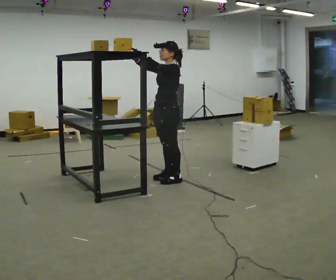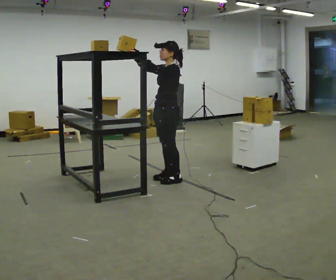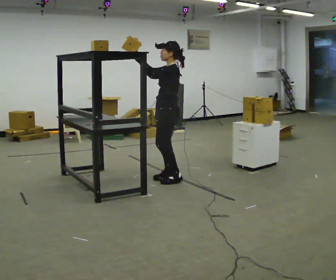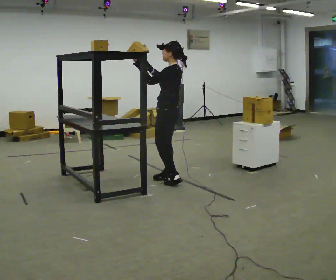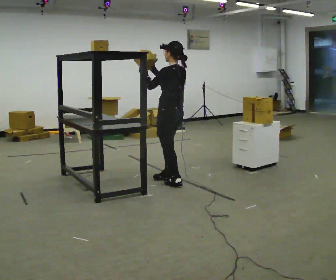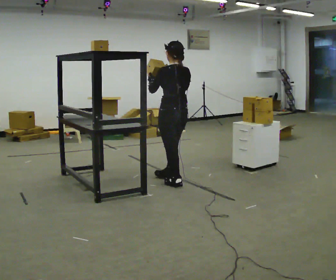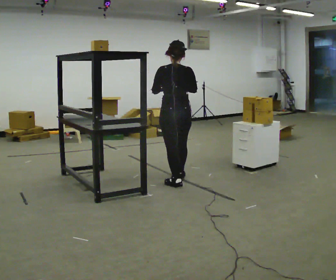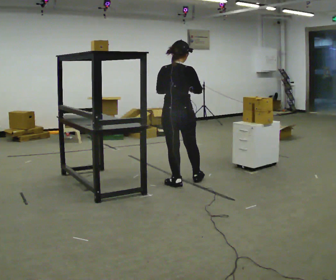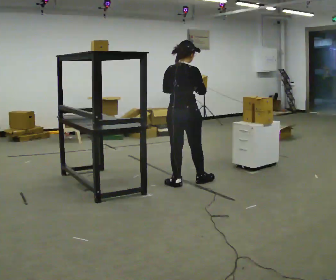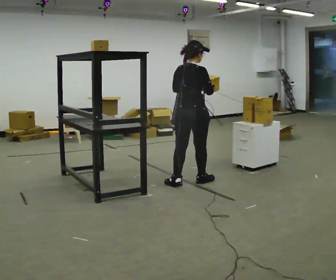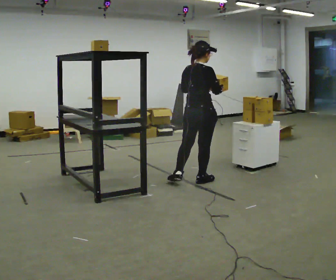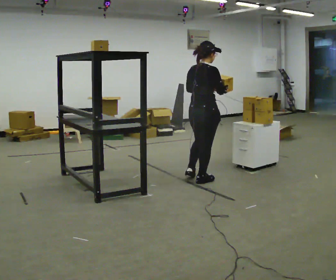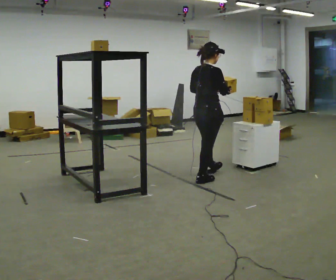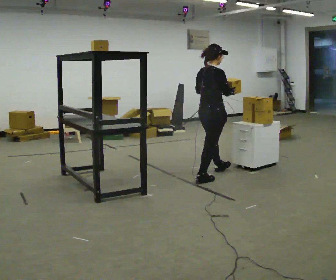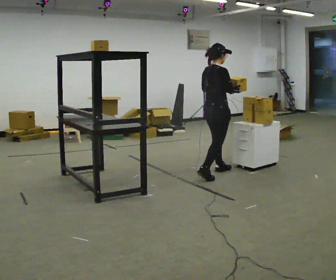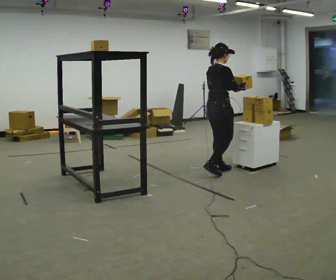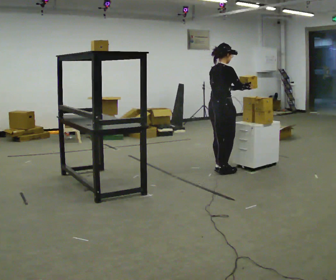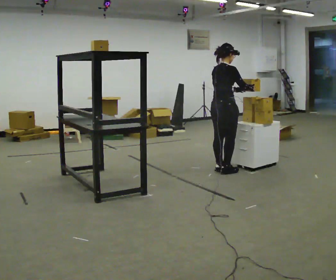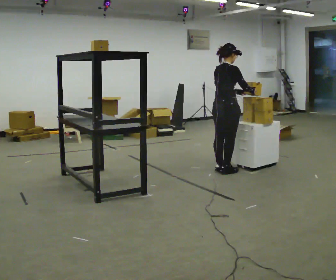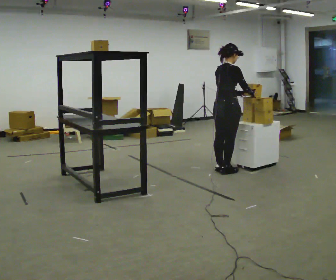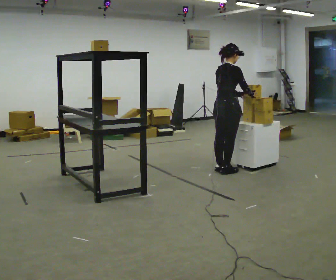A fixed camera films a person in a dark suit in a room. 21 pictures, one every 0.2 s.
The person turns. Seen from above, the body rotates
clockwise.
Their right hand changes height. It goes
downward.
0.0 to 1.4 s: The part of the body nearest the lens slides to the left as the person turns to their right by about 120 degrees. In the picture they go toward the camera, about 0.25 m in 1 step. In the picture their right hand goes downward.
1.4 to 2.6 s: The part of the body nearest the lens slides to the left as the person turns to their right by about 45 degrees. In the picture they go to the right and away from the camera, about 0.5 m in 2 steps, which for them is forward.
2.6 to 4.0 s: In the picture they go away from the camera and to the right, about 0.25 m in 1 step, which for them is forward.
The film runs forward here.
